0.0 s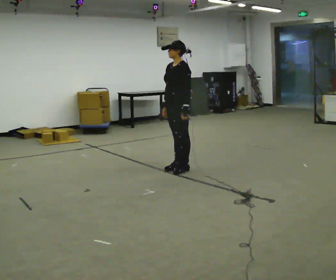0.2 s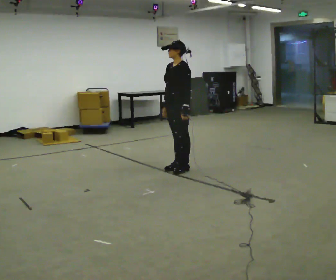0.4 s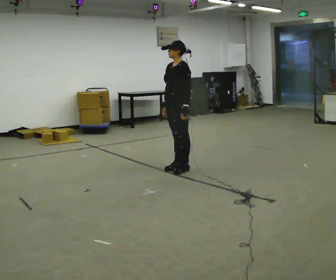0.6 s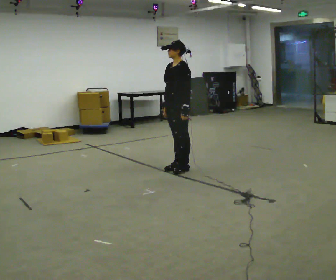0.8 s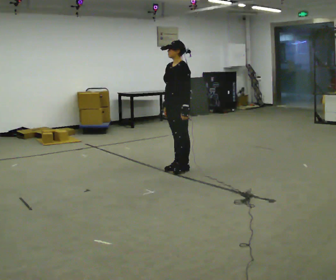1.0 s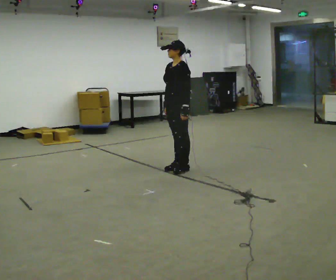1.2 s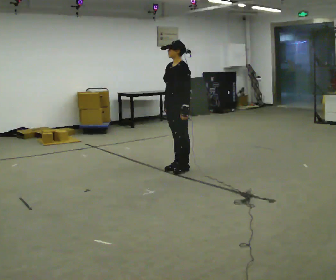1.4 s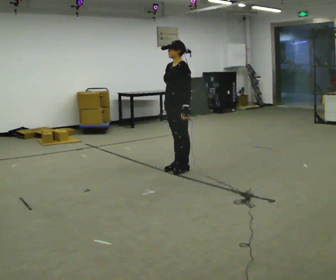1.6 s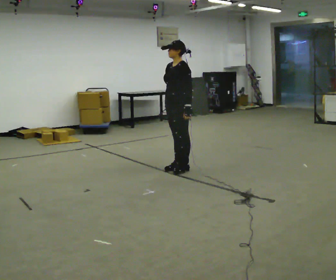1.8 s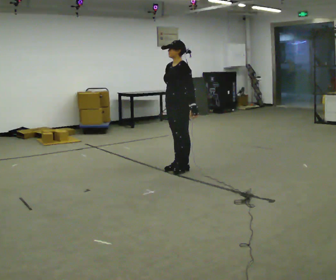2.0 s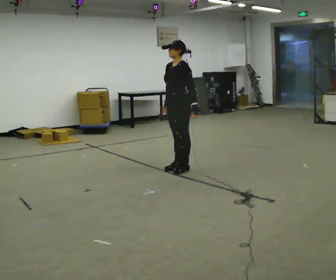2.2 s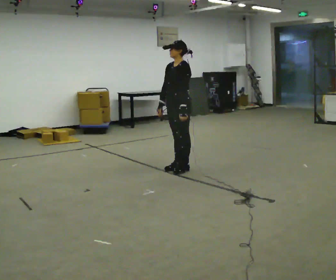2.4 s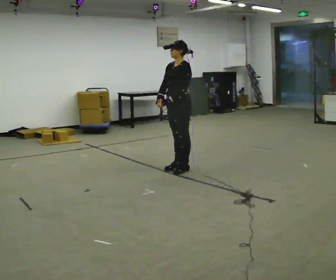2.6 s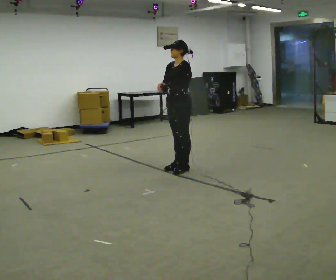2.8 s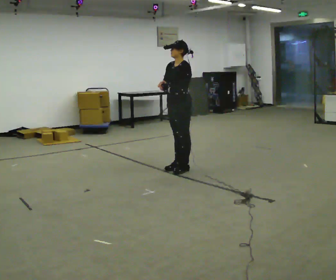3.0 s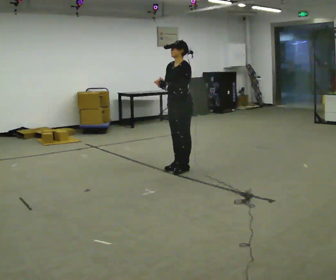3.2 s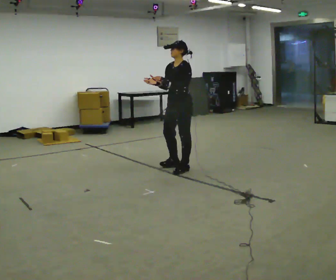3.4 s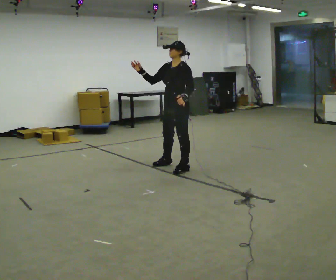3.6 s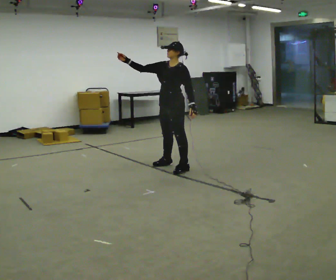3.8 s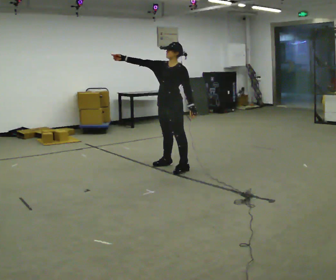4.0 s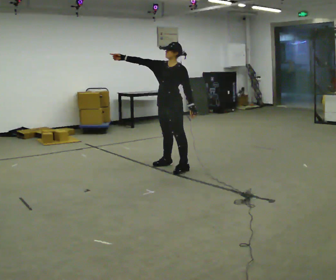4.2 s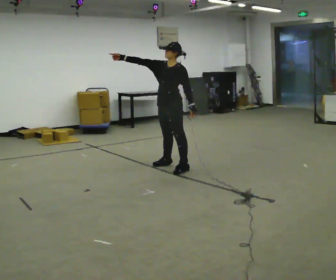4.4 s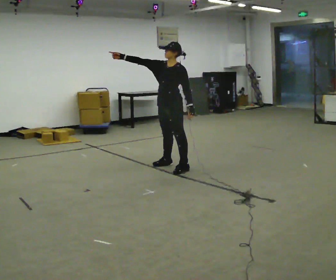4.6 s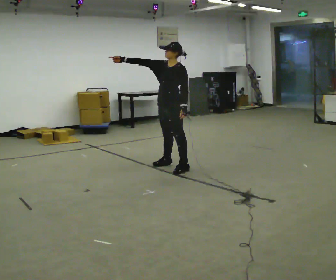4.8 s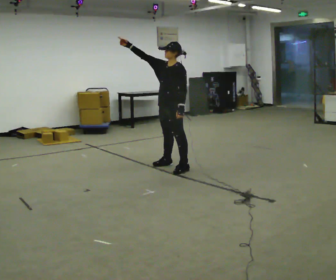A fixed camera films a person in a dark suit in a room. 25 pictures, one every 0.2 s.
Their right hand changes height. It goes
upward.
0.0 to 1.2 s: The person keeps their place and pose.
1.2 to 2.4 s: The person moves a little, or ends about where they began.
2.4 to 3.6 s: In the picture their right hand goes upward and to the left.
3.6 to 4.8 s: The person moves a little, or ends about where they began.
The film runs backward here.
